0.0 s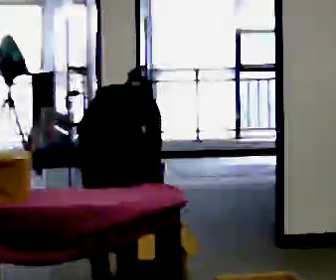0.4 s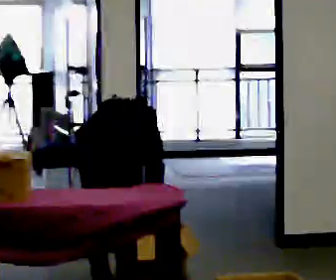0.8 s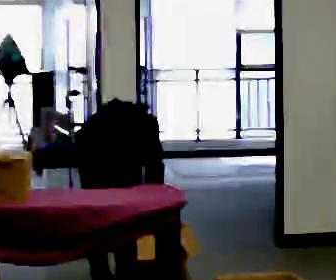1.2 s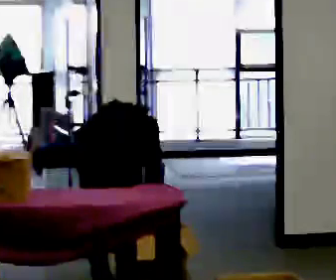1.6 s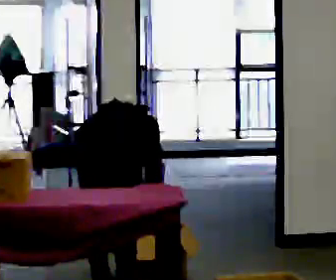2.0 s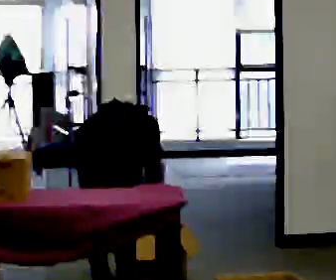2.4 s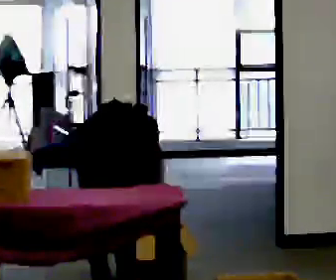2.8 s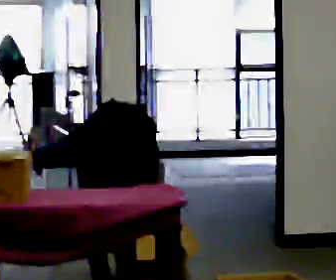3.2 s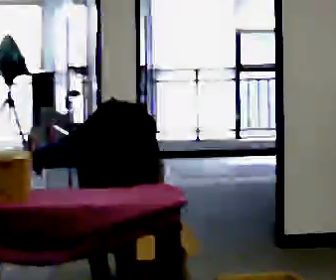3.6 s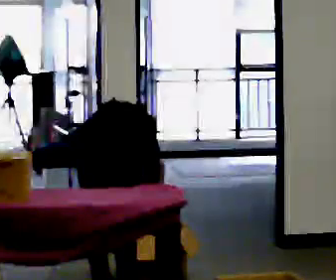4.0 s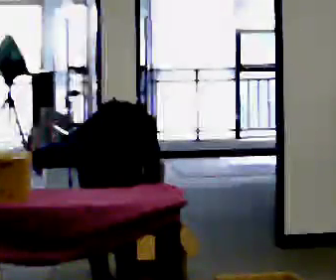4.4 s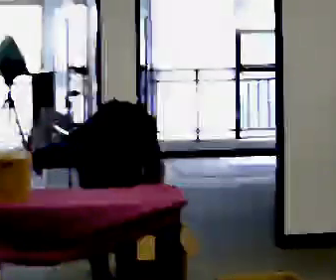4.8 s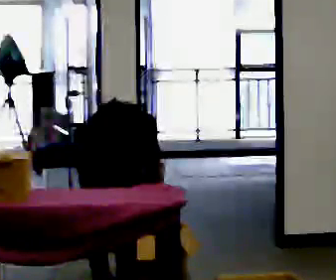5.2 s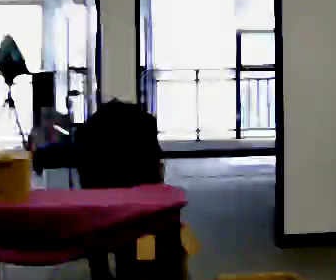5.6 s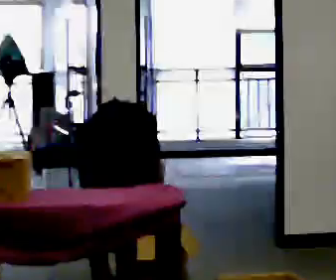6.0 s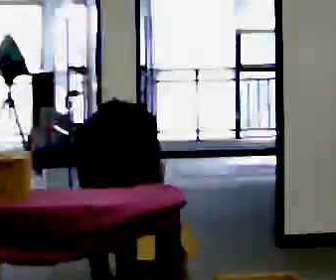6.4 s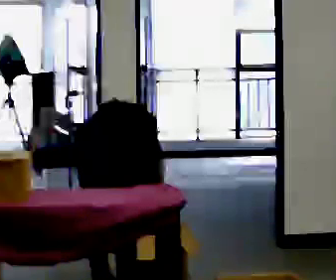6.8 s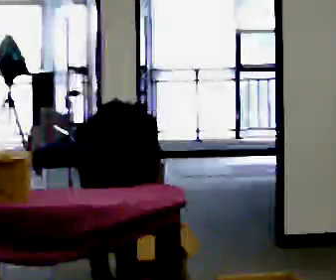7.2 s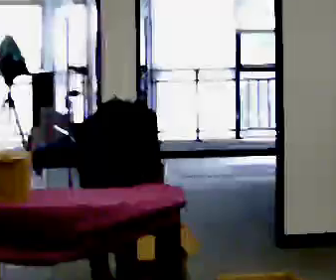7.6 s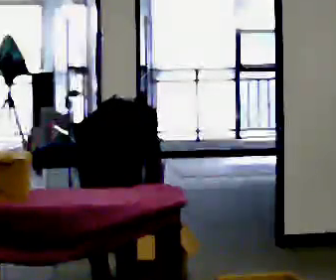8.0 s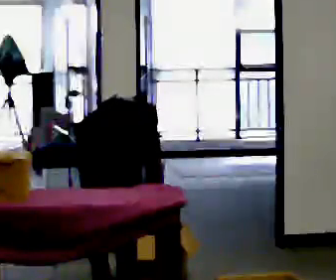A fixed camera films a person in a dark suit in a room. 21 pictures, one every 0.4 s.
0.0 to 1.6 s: The upper body tips away from the camera, its near side rolling upward, as they bend forward.
1.6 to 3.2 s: In the picture the upper body tilts counterclockwise, shoulders to the left.
3.2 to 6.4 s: The person keeps their place and pose.
6.4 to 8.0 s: The person moves a little, or ends about where they began.
The film runs backward here.
